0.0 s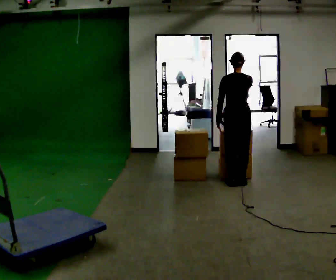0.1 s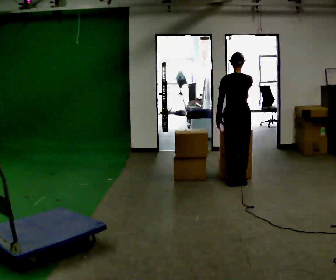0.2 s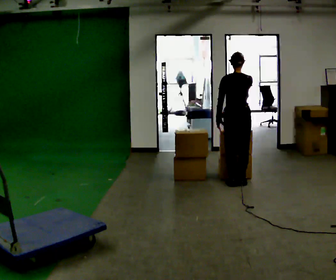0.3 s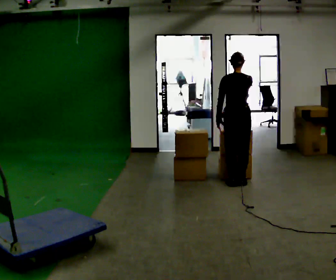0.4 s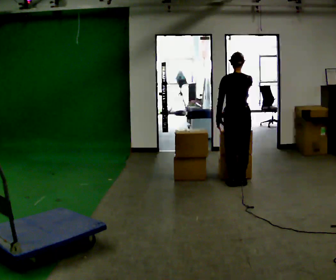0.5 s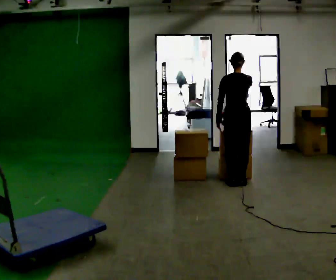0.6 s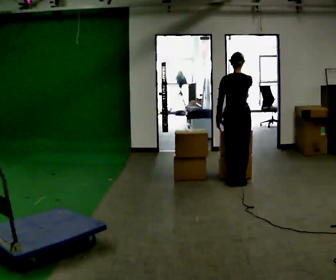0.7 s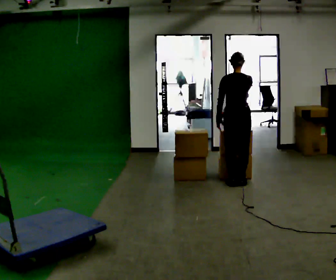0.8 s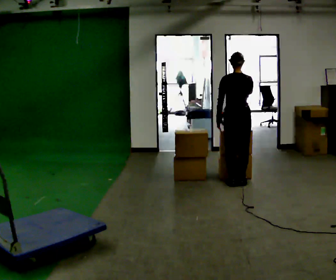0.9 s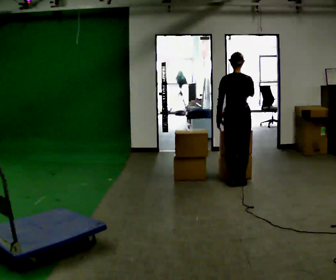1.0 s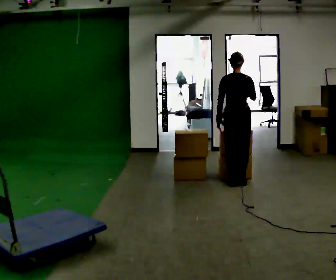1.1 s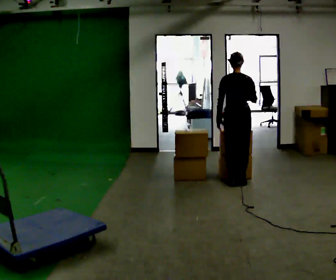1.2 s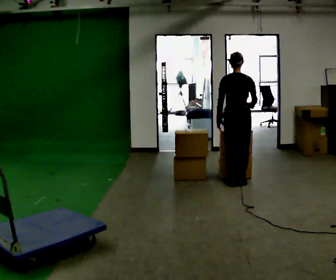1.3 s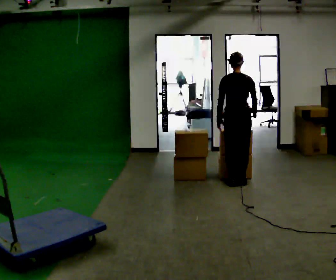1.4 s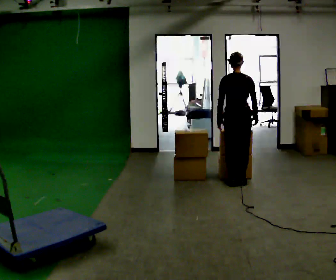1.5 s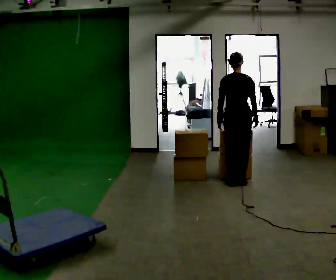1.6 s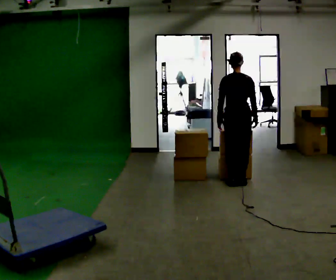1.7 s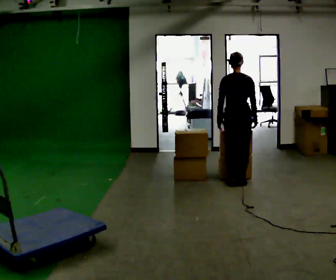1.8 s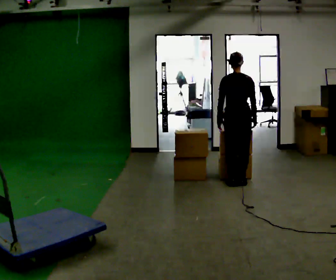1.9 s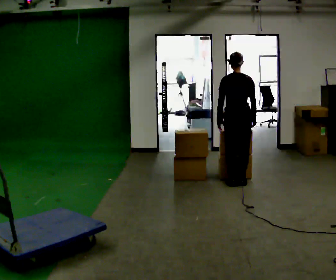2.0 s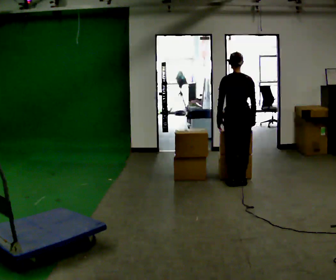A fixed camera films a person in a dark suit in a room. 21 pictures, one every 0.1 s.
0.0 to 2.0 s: In the picture their right hand goes downward.
The film runs forward here.
